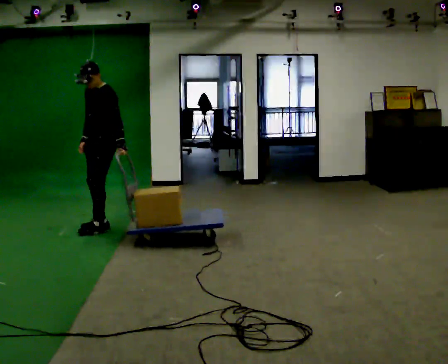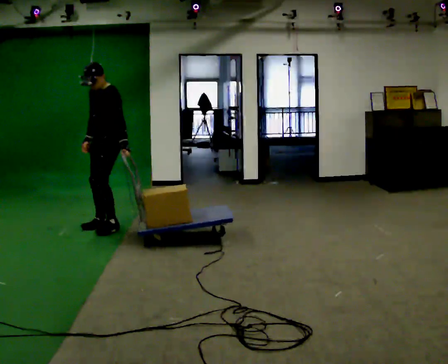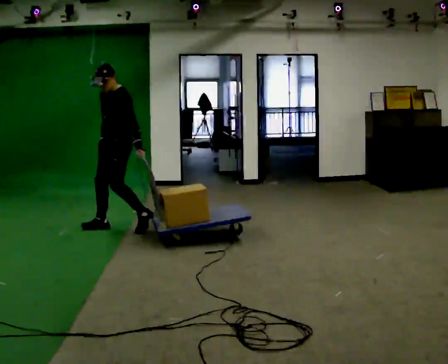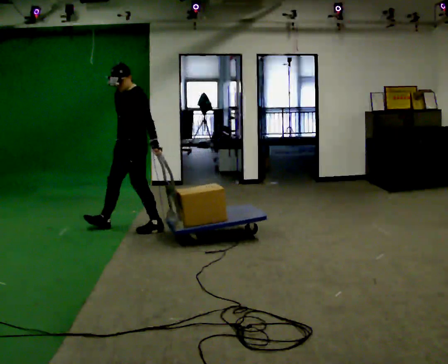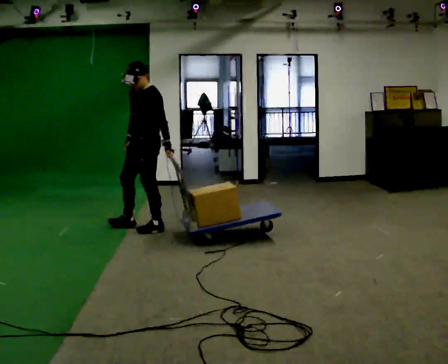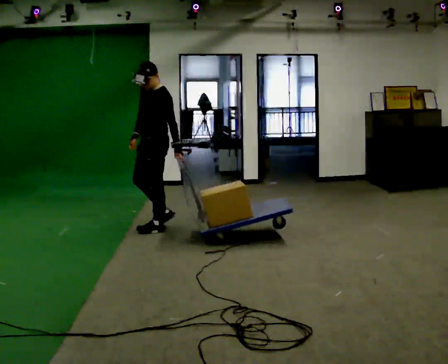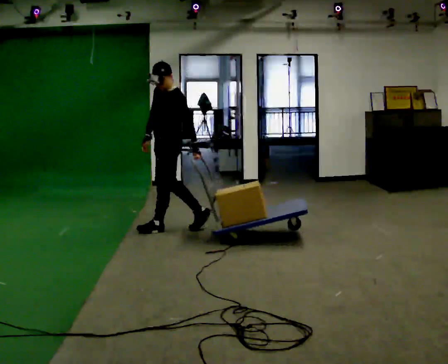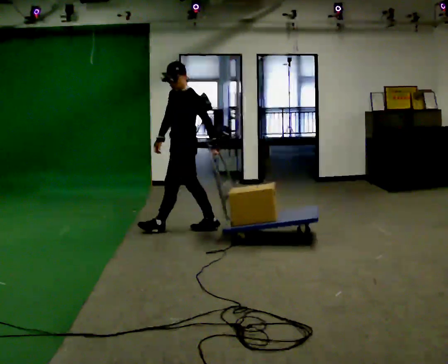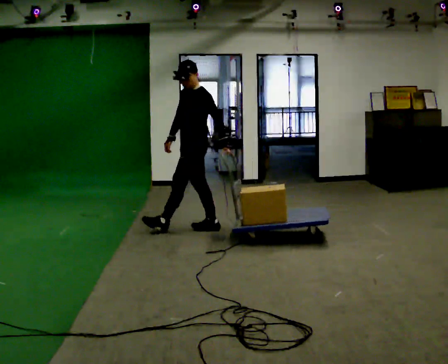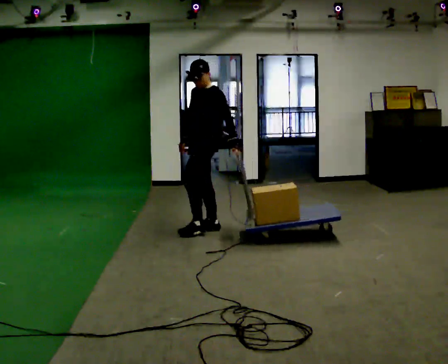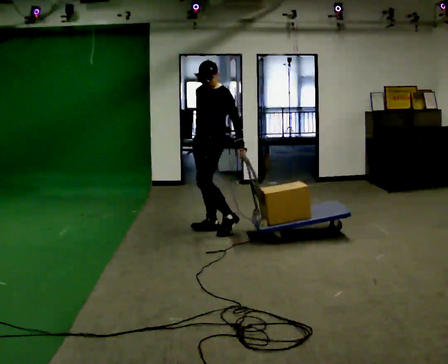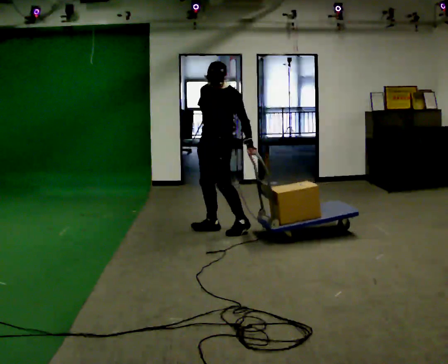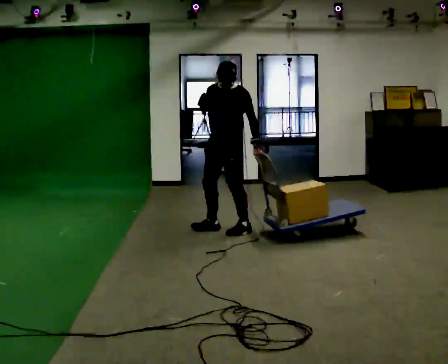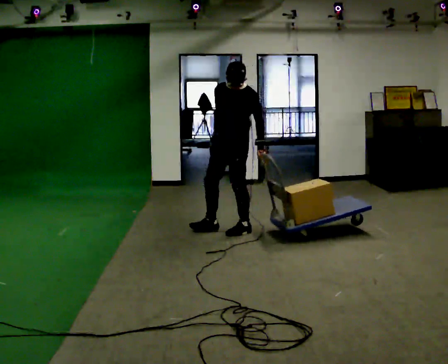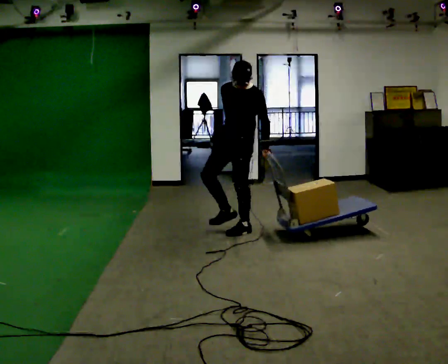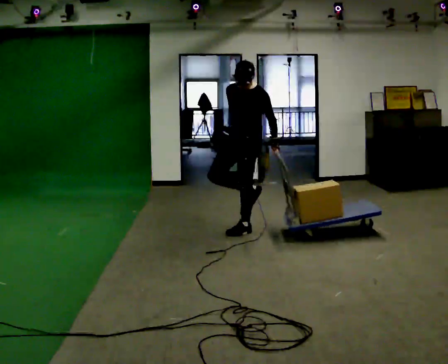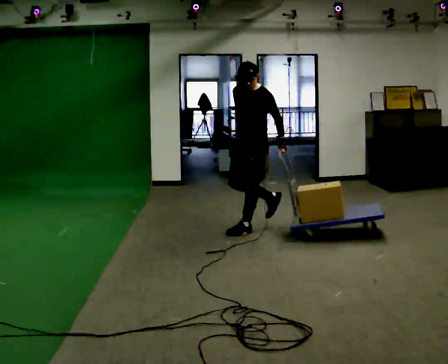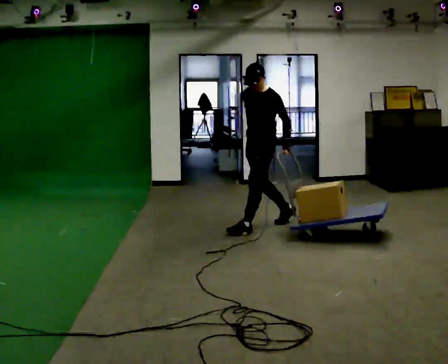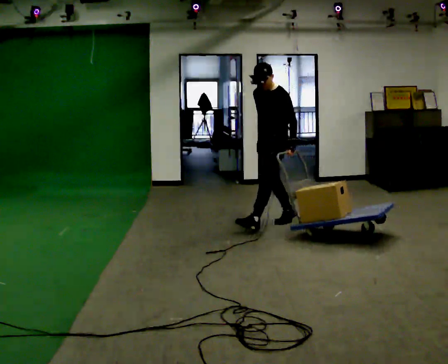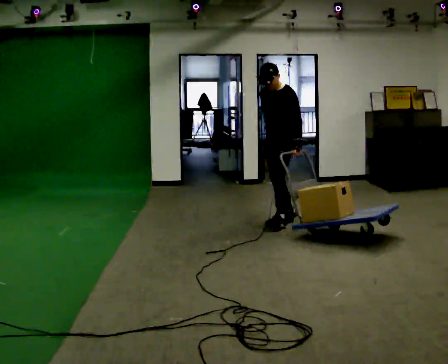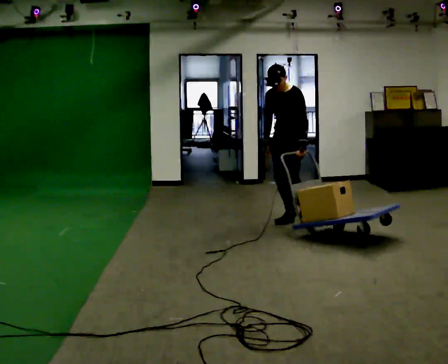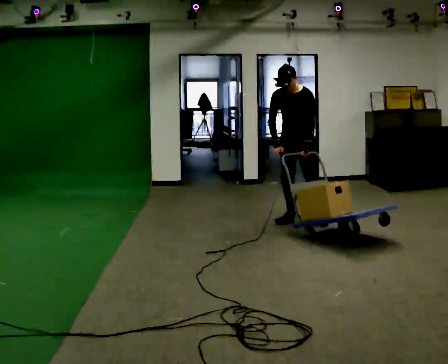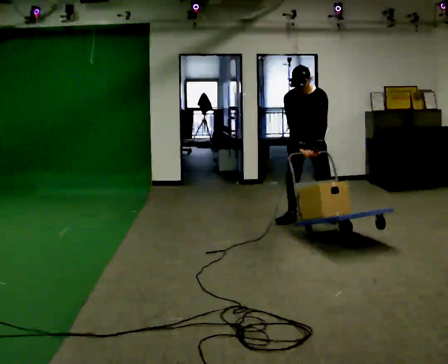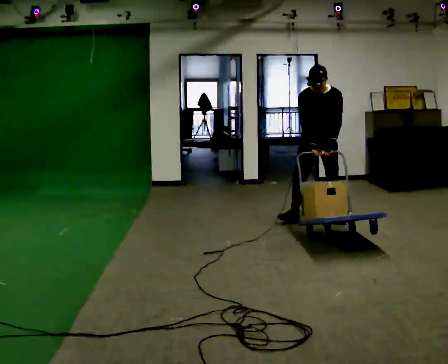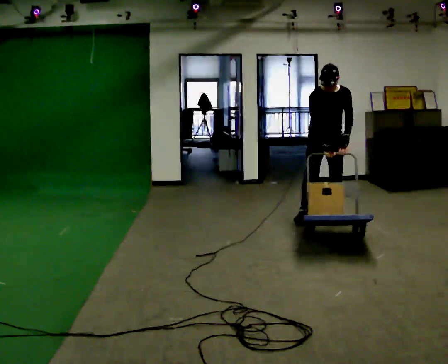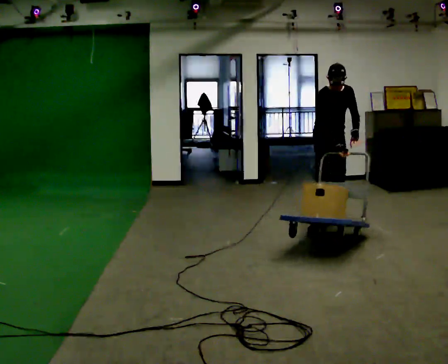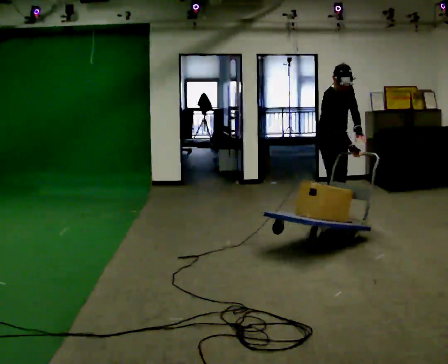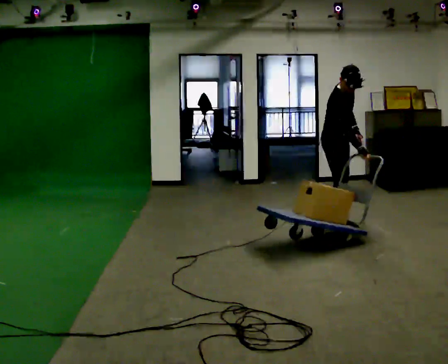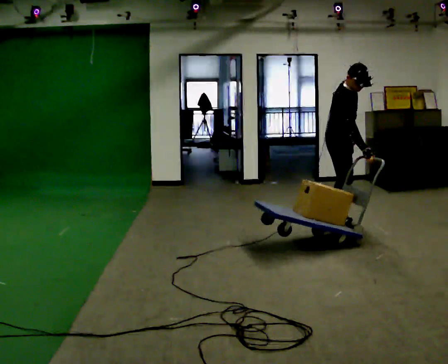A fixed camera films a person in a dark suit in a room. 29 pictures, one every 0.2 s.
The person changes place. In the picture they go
to the right.
0.0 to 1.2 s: In the picture they go to the right, about 0.75 m in 2 steps, which for them is backward and to their left.
1.2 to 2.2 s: The part of the body nearest the lens slides to the right as the person turns to their left by about 30 degrees. In the picture they go to the right, about 0.5 m in 1 step, which for them is backward.
2.2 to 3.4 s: In the picture they go to the right, about 0.5 m in 1 step, which for them is backward and to their left.
3.4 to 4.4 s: The part of the body nearest the lens slides to the right as the person turns to their left by about 45 degrees. In the picture they go to the right and away from the camera, about 0.5 m in 1 step, which for them is backward.
4.4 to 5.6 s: The person turns about 90 degrees to their left, counterclockwise seen from above, so the part of the body nearest the lens slides to the right. In the picture they go toward the camera and to the right, about 0.5 m in 2 steps. In the picture the upper body tilts clockwise, shoulders to the right.
The film runs backward here.
